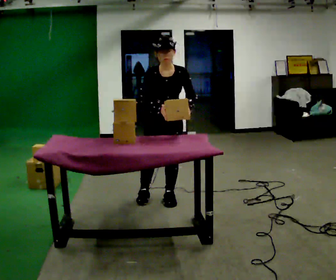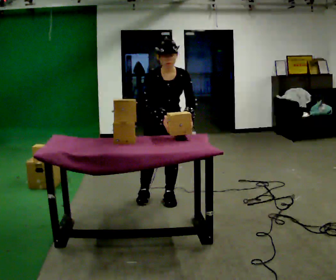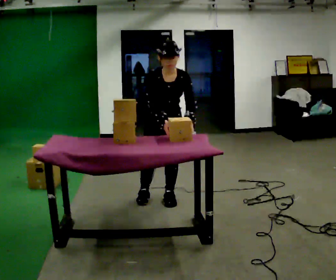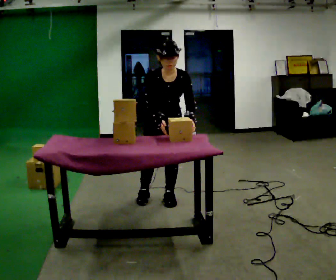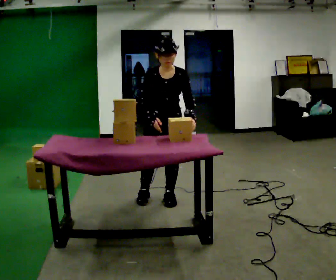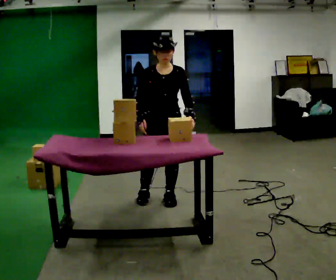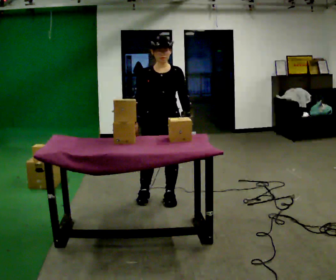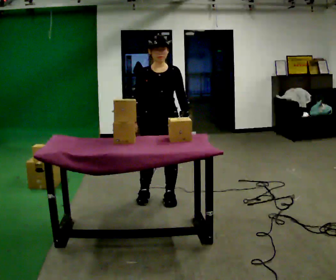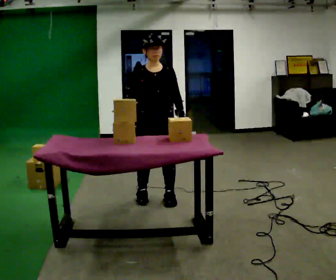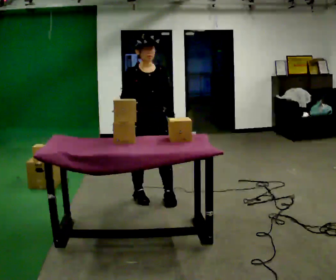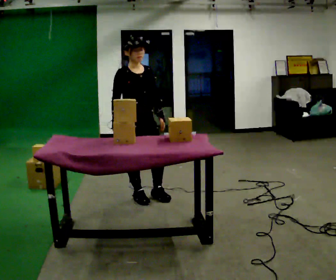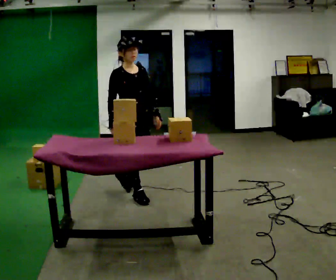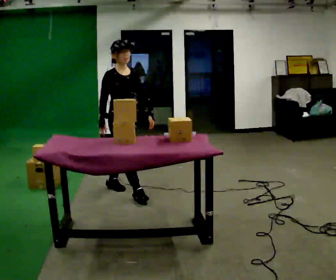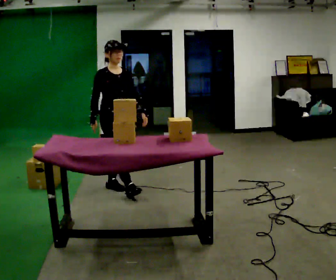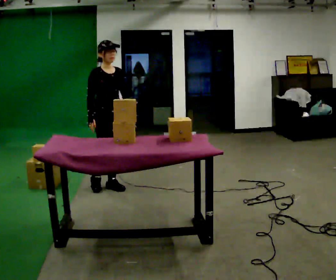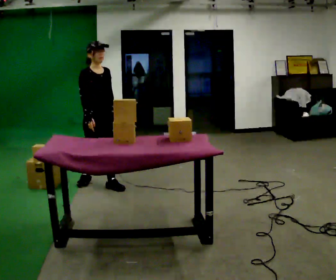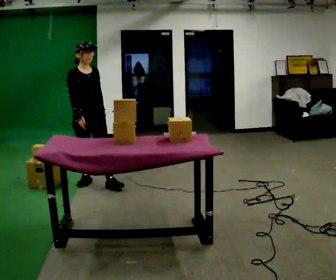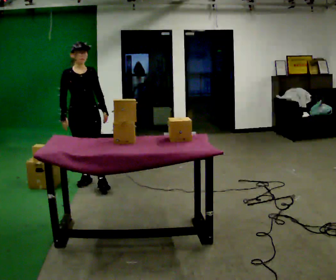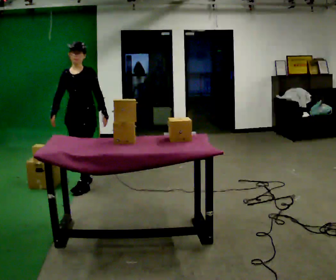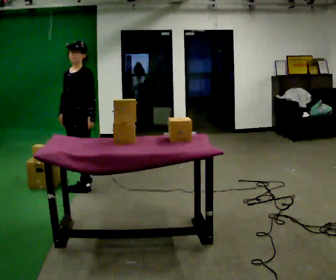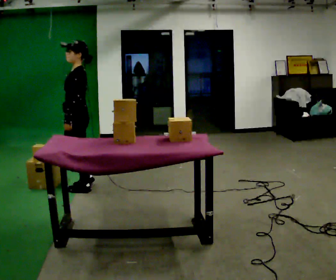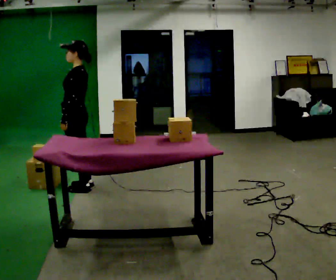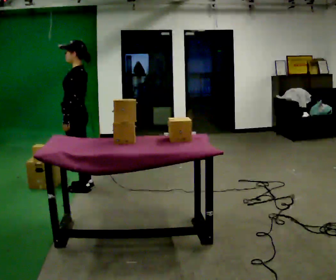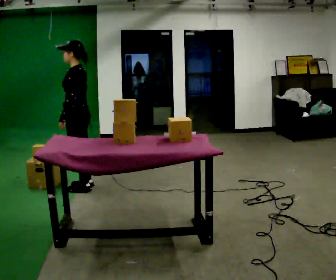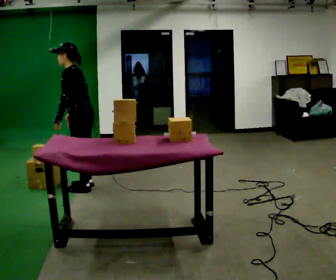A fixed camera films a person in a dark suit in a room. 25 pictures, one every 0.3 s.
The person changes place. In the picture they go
to the left.
0.0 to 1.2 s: The person moves a little, or ends about where they began.
1.2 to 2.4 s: The upper body tips away from the camera, its near side rolling upward, as they lean back or straighten.
2.4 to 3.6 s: The part of the body nearest the lens slides to the right as the person turns to their left by about 45 degrees. In the picture they go away from the camera and to the left, about 0.5 m in 1 step, which for them is backward.
3.6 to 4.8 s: In the picture they go to the left and away from the camera, about 0.5 m in 1 step, which for them is backward.
4.8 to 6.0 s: Seen from above the body turns clockwise, about 105 degrees: to their right, with its near side sliding to the left. In the picture their left hand goes to the left.
6.0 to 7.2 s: In the picture the upper body tilts counterclockwise, shoulders to the left, as they bend forward.
The film runs backward here.
